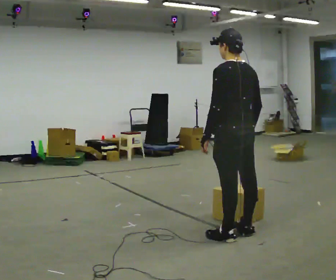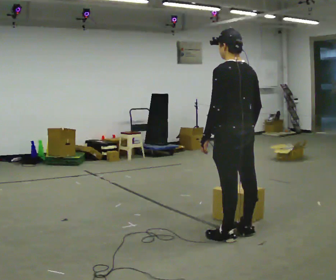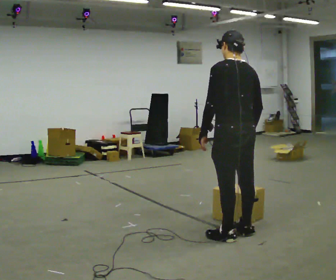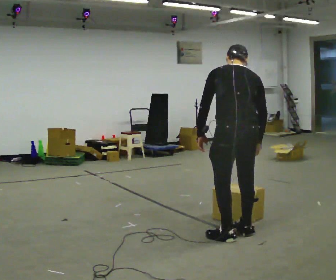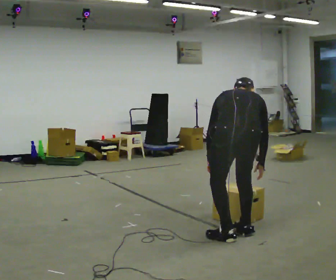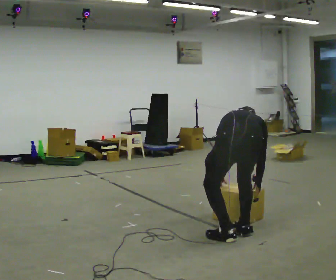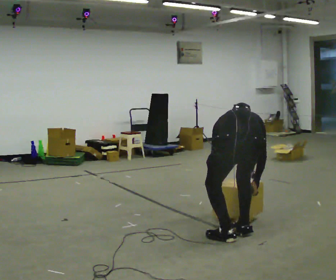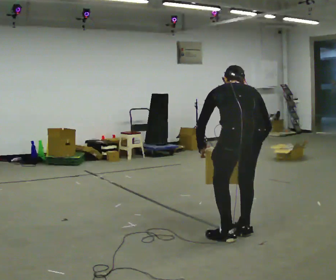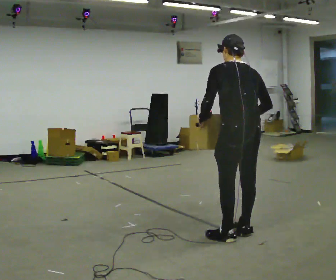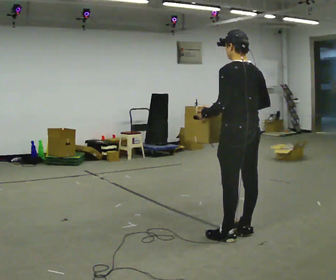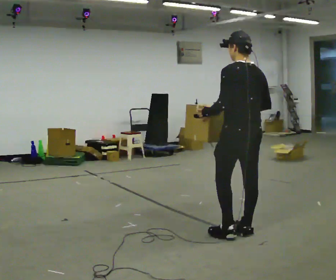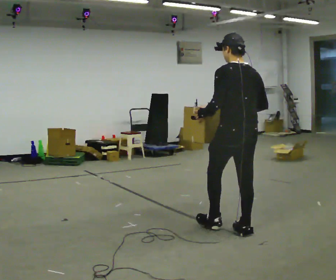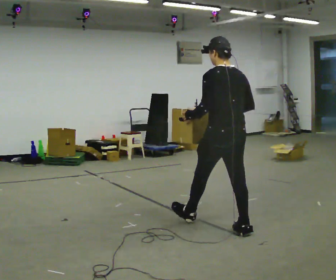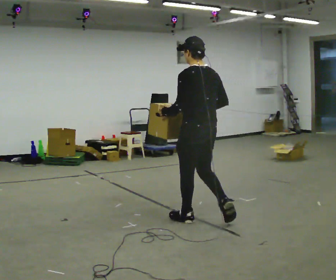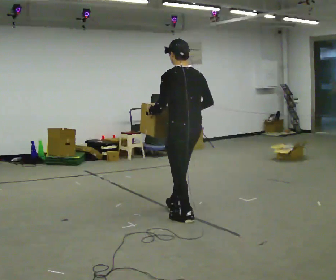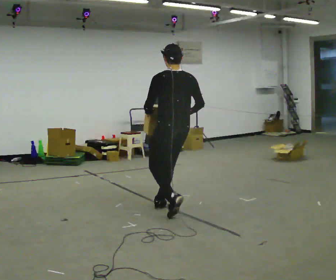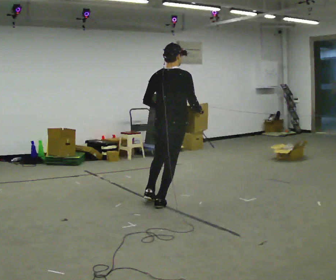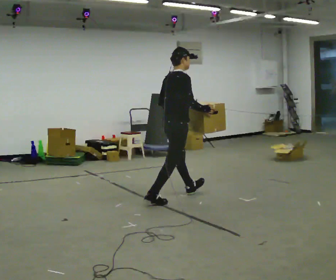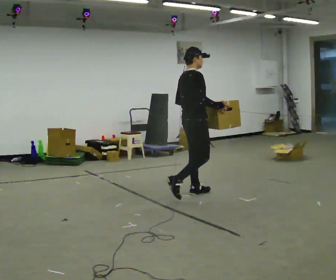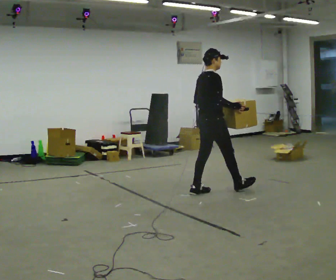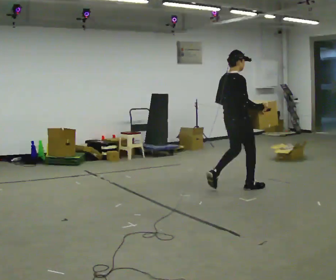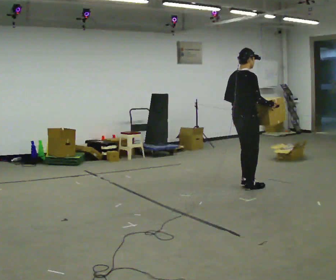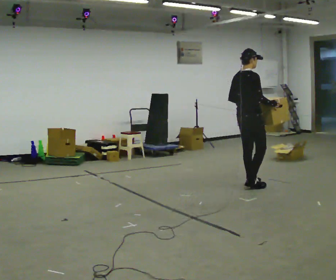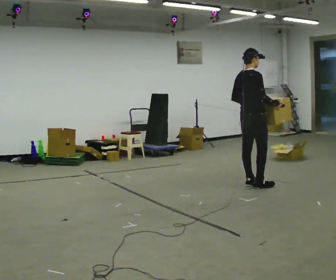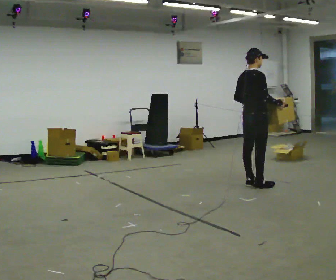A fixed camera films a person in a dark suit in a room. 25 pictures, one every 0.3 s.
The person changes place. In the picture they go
away from the camera.
0.0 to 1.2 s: Seen from above the body turns clockwise, about 30 degrees: to their right, with its near side sliding to the left. The shoulders move downward. The upper body tips away from the camera, its near side rolling upward, as they bend forward.
1.2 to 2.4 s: In the picture their right hand goes upward.
2.4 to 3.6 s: In the picture they go away from the camera and to the left, about 0.25 m in 1 step, which for them is forward.
3.6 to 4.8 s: The part of the body nearest the lens slides to the left as the person turns to their right by about 60 degrees. In the picture they go away from the camera and to the left, about 1 m in 1 step.
4.8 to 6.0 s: The person turns about 30 degrees to their right, clockwise seen from above, so the part of the body nearest the lens slides to the left. In the picture they go to the right and away from the camera, about 1 m in 2 steps, which for them is forward.
6.0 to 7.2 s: In the picture they go to the right and away from the camera, about 0.25 m in 1 step, which for them is forward.
The film runs forward here.
